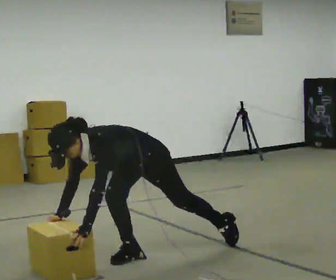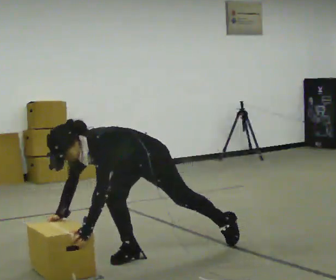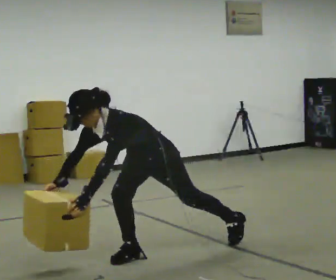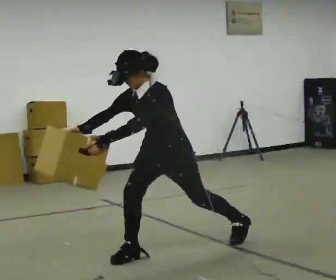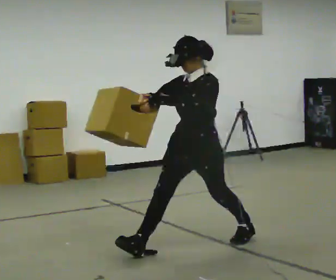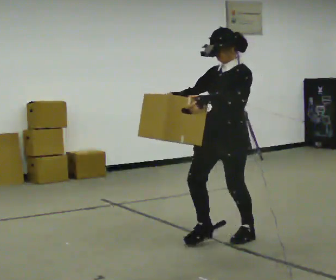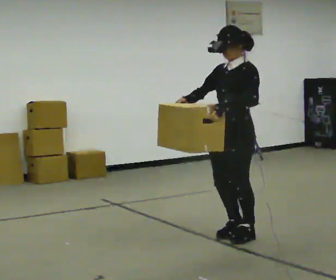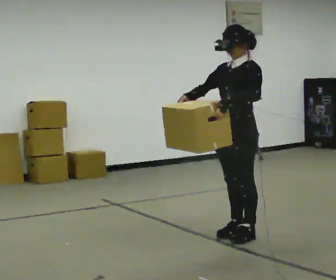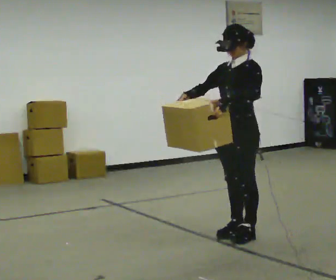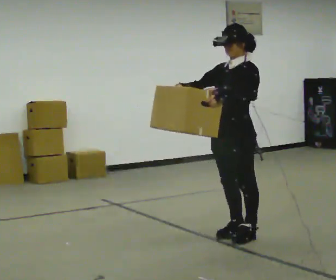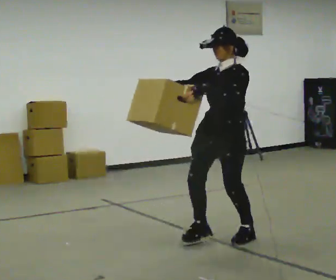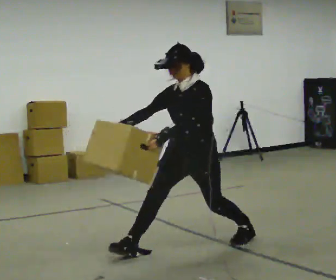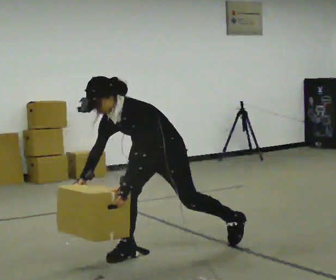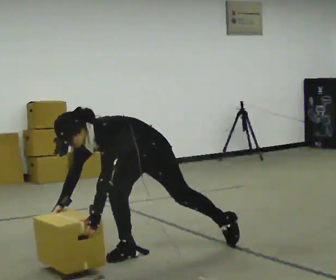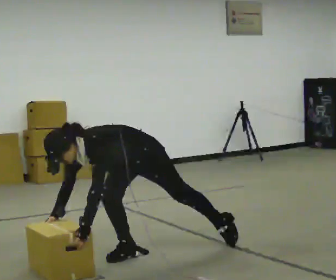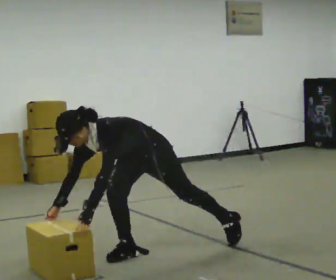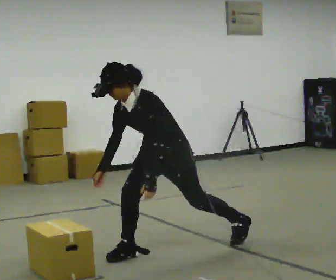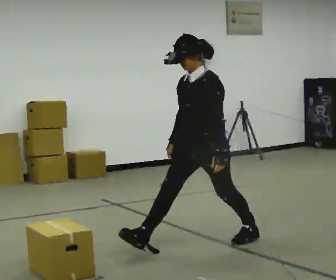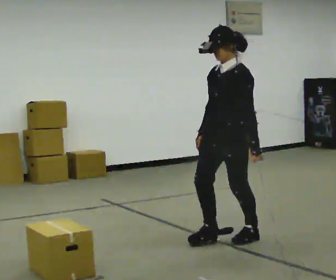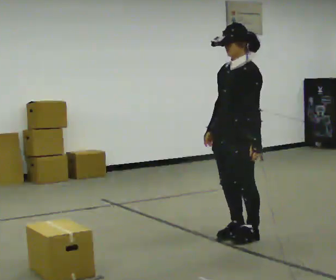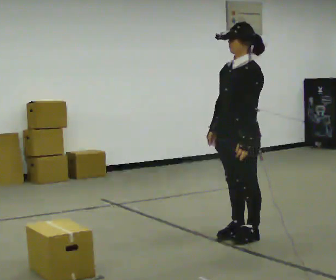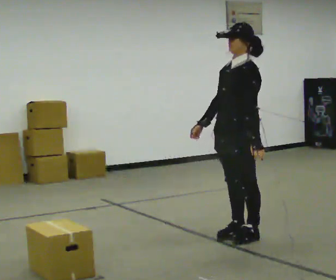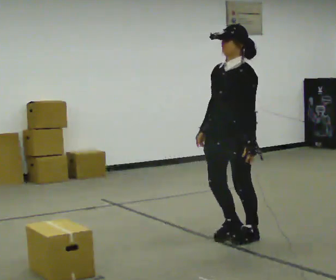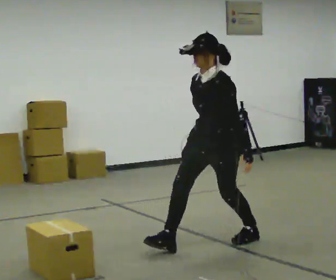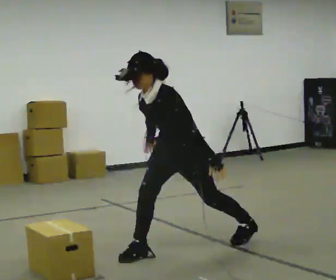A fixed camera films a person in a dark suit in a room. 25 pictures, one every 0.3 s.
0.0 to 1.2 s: In the picture they go to the right and away from the camera, about 0.25 m in 1 step, which for them is backward. The upper body goes upward. In the picture the upper body tilts clockwise, shoulders to the right, as they lean back or straighten. In the picture their left hand goes upward.
1.2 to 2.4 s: In the picture they go to the right and away from the camera, about 0.5 m, which for them is backward.
2.4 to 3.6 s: In the picture they go to the left and toward the camera, about 0.5 m in 2 steps, which for them is forward. The upper body goes downward. In the picture the upper body tilts counterclockwise, shoulders to the left, as they bend forward. In the picture their left hand goes downward.
3.6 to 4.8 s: The person moves a little, or ends about where they began.
4.8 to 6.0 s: In the picture they go to the right and away from the camera, about 0.5 m in 1 step, which for them is backward. The upper body goes upward. In the picture the upper body tilts clockwise, shoulders to the right, as they lean back or straighten.
6.0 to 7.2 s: In the picture they go to the left and toward the camera, about 0.5 m in 1 step, which for them is forward. The upper body goes downward. In the picture the upper body tilts counterclockwise, shoulders to the left, as they bend forward.
The film runs backward here.
